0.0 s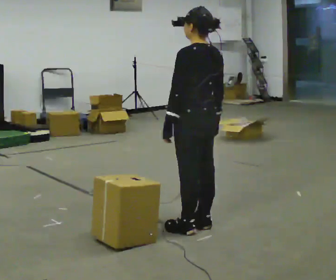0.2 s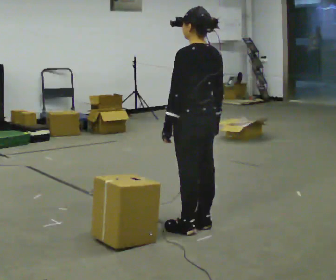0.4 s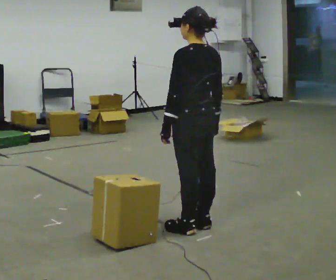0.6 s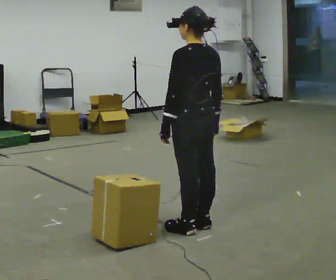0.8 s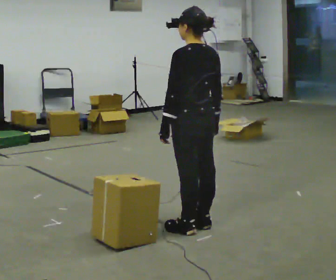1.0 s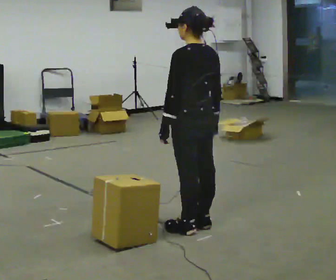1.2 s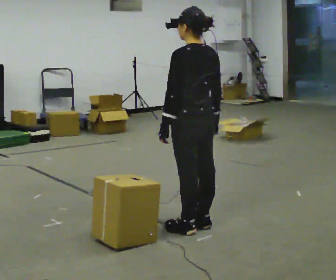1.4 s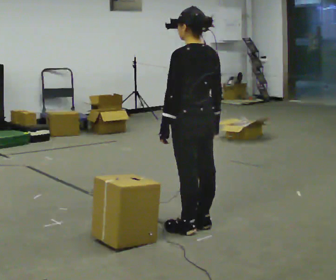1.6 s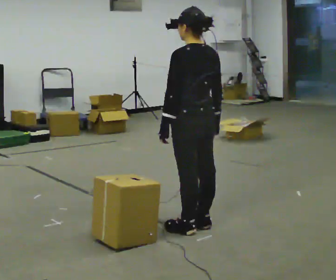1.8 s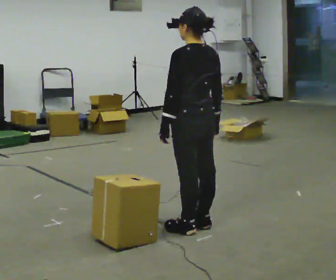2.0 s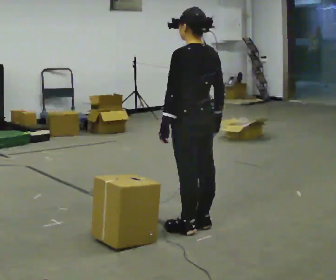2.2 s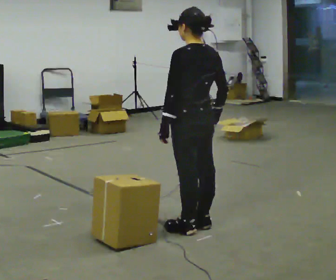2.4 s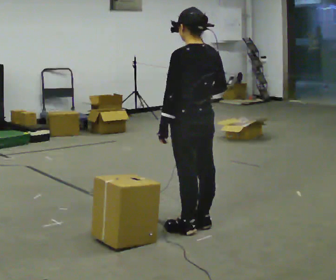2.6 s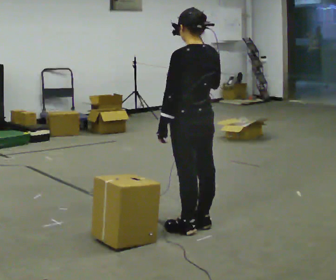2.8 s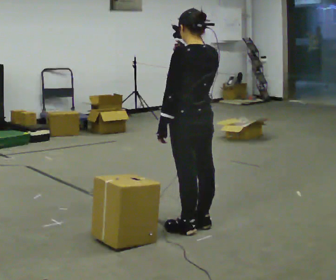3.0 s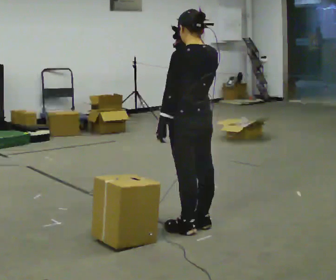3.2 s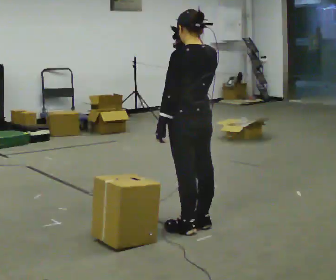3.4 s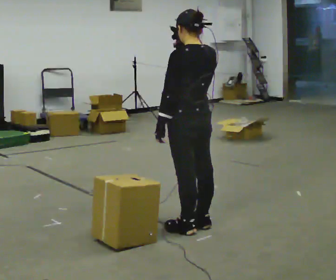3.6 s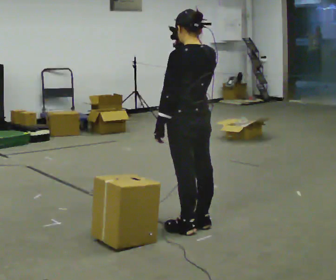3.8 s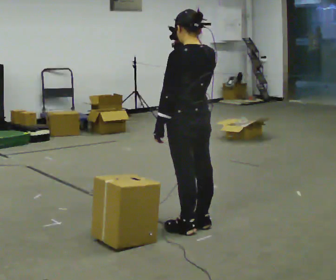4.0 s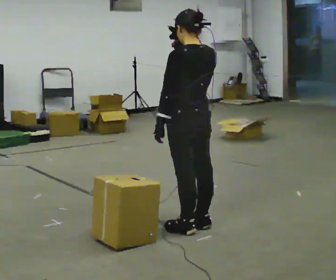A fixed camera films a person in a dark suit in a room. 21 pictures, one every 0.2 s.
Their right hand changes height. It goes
upward.
0.0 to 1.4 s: The person keeps their place and pose.
1.4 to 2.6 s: In the picture their right hand goes upward.
2.6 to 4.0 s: The person moves a little, or ends about where they began.
The film runs forward here.
